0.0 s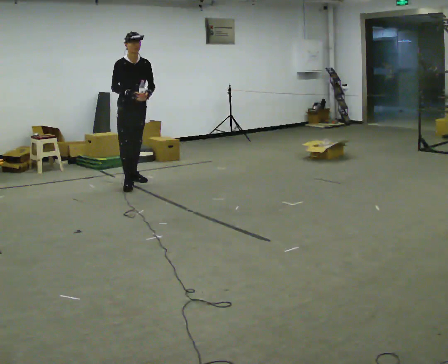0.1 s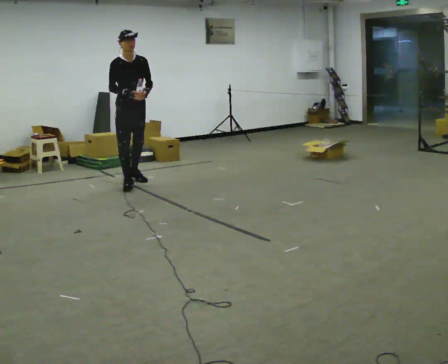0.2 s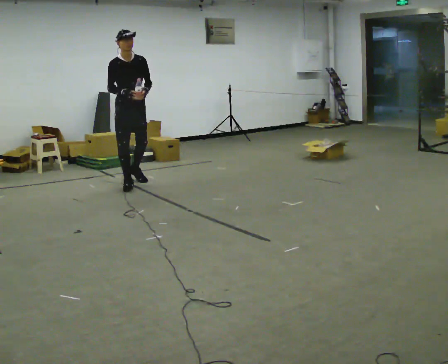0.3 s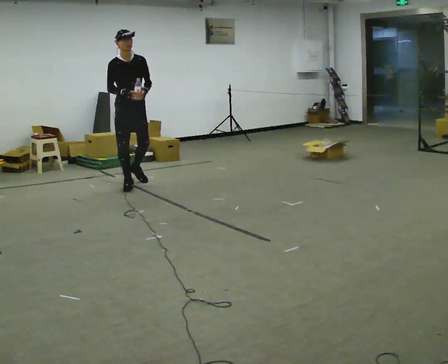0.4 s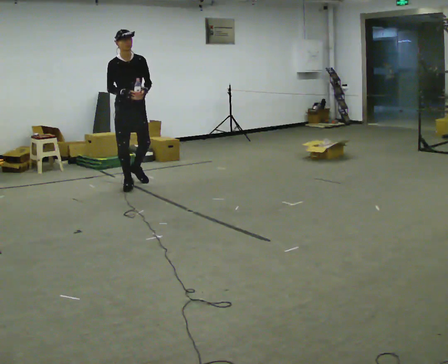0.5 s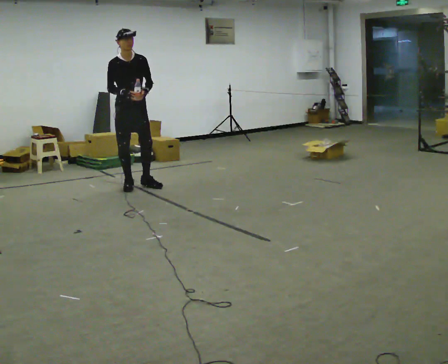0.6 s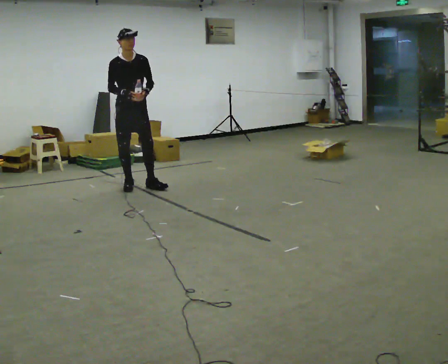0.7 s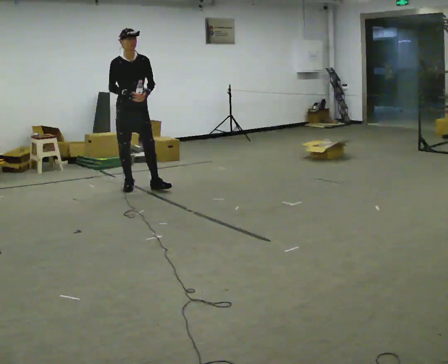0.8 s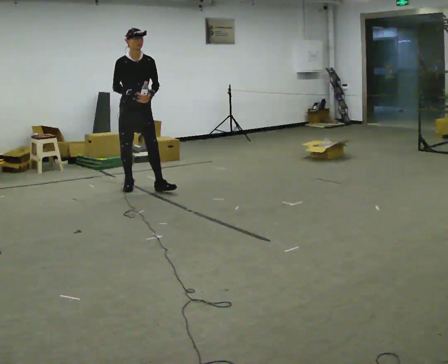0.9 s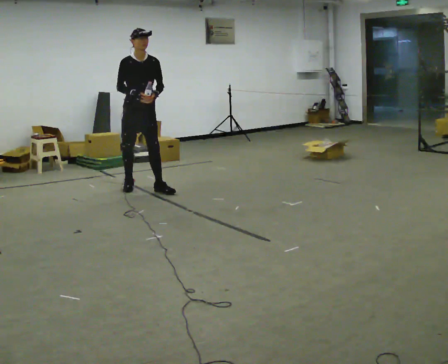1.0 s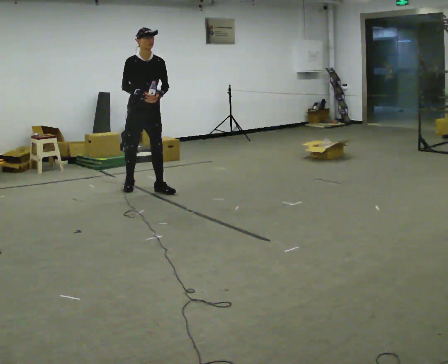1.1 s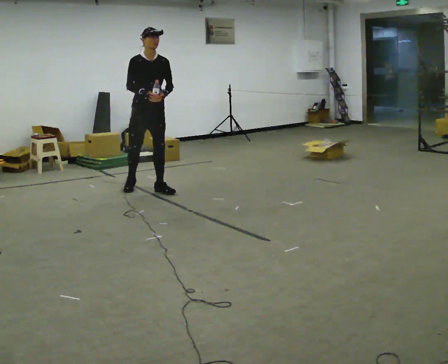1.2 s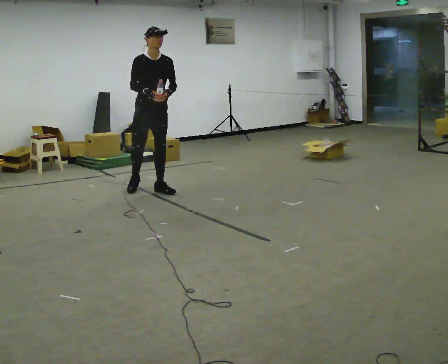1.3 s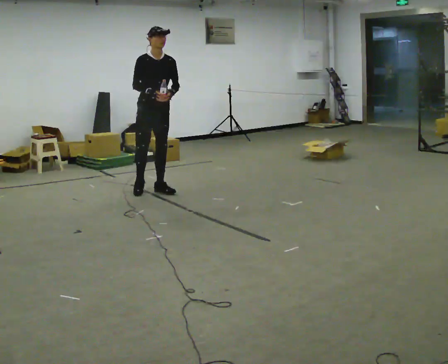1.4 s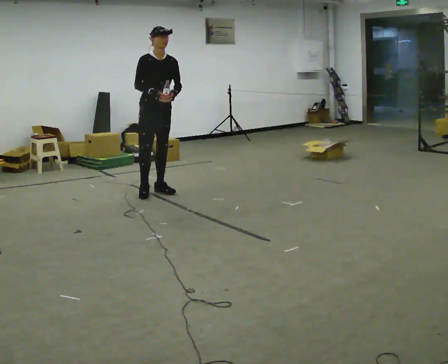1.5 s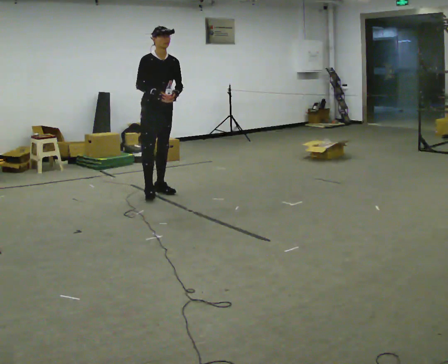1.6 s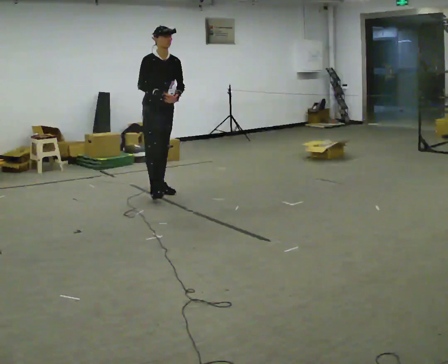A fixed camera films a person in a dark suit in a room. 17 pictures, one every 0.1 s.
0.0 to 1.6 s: In the picture they go toward the camera and to the right, about 0.5 m in 1 step, which for them is forward.
The film runs forward here.
